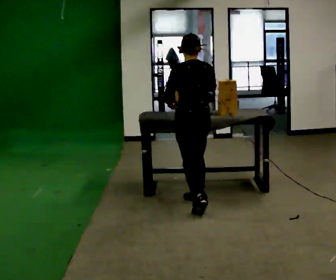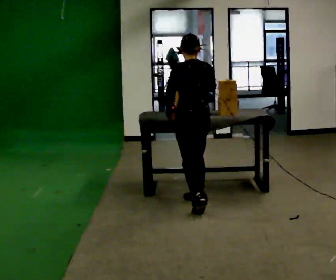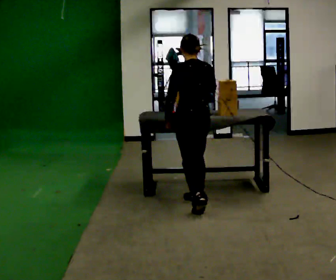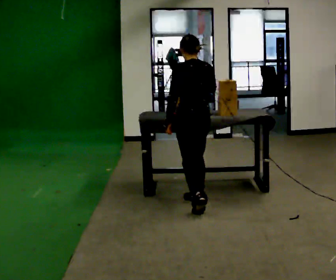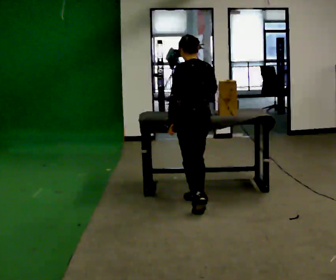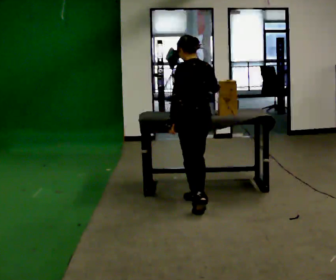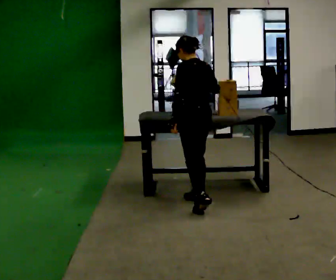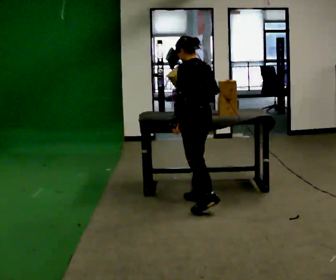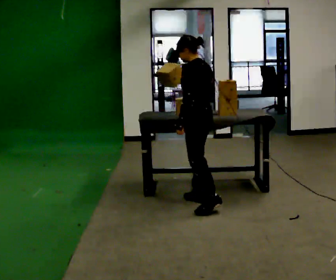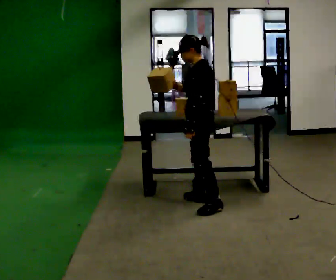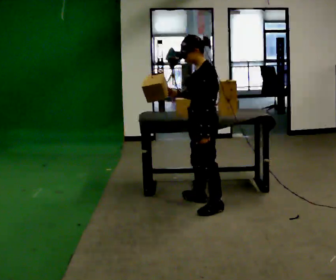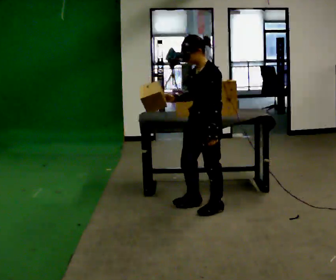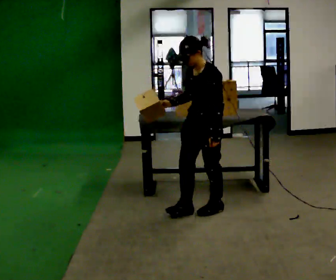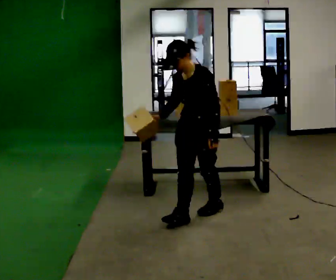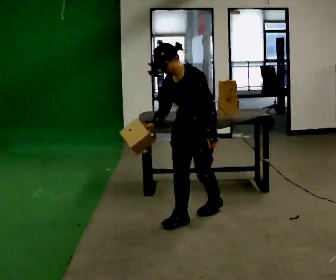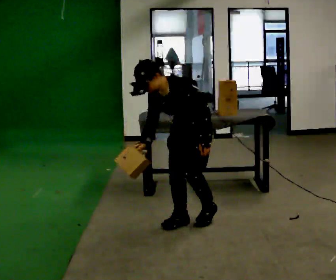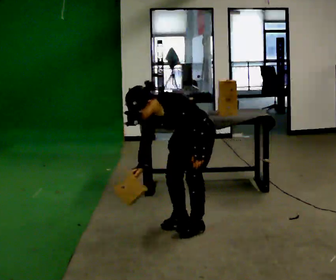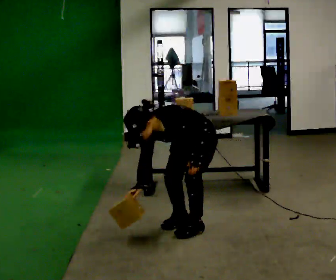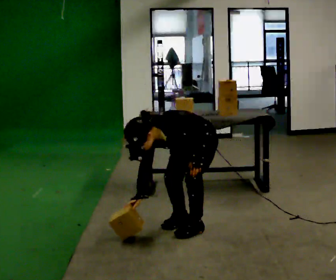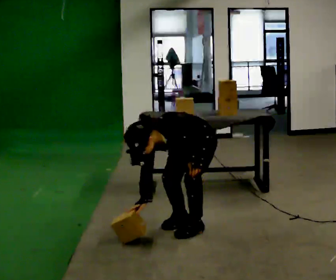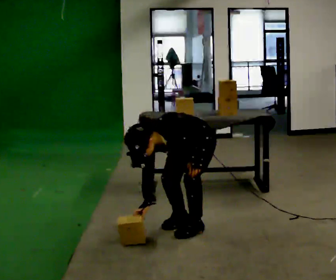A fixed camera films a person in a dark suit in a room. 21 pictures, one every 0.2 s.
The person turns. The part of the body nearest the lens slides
to the right.
The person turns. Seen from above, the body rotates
counterclockwise.
0.0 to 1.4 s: The part of the body nearest the lens slides to the right as the person turns to their left by about 30 degrees.
1.4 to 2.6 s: The part of the body nearest the lens slides to the right as the person turns to their left by about 75 degrees. In the picture they go toward the camera, about 0.25 m in 1 step.
2.6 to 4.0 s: In the picture they go toward the camera, about 0.25 m in 1 step, which for them is forward. The shoulders move downward. The upper body tips toward the camera, its near side rolling downward, as they bend forward.
The film runs forward here.
